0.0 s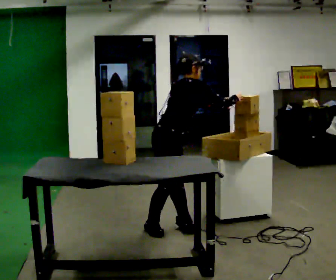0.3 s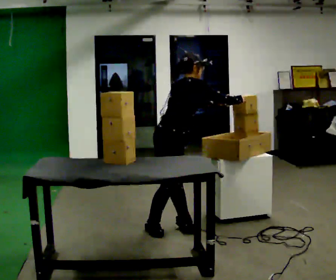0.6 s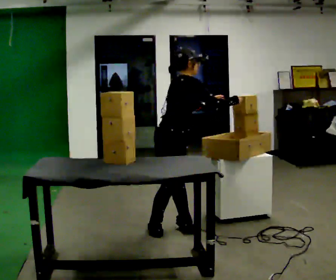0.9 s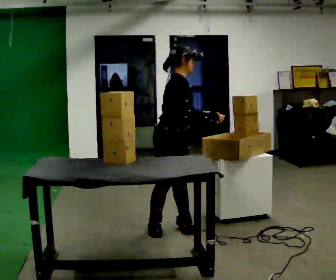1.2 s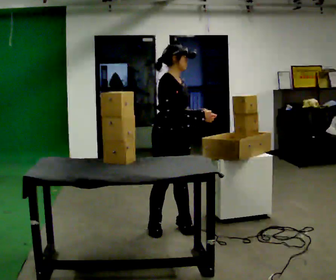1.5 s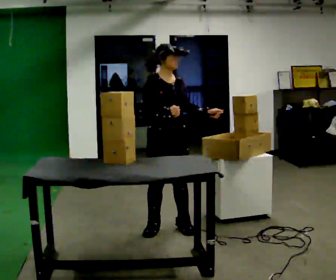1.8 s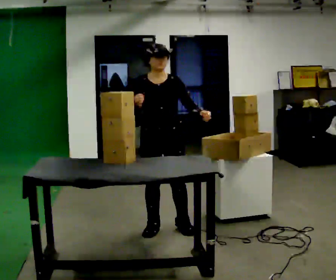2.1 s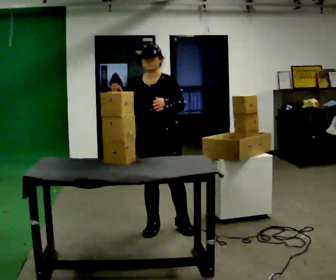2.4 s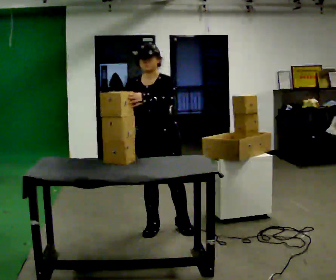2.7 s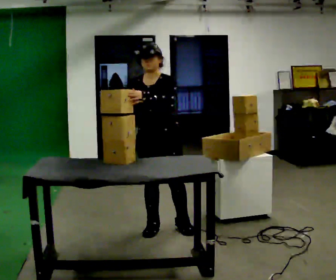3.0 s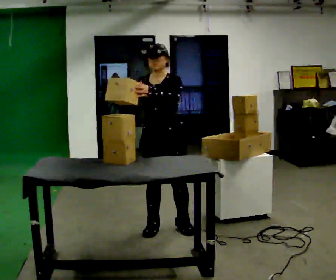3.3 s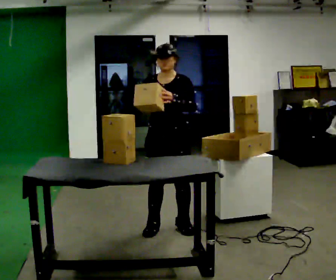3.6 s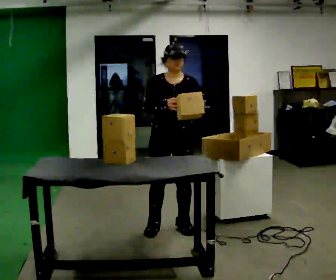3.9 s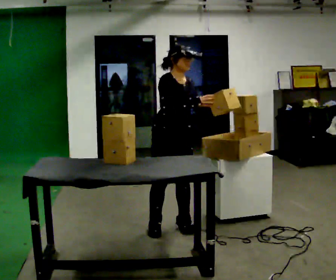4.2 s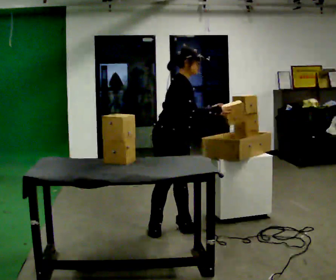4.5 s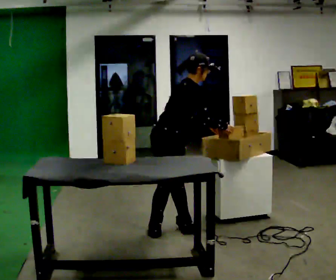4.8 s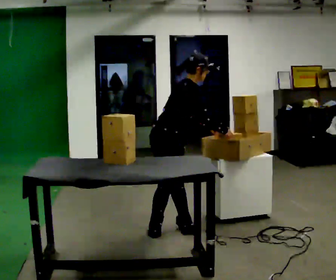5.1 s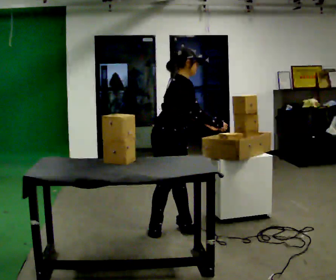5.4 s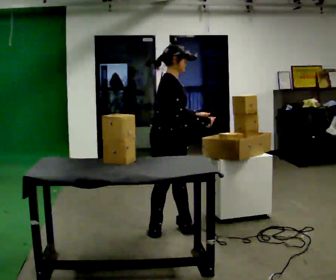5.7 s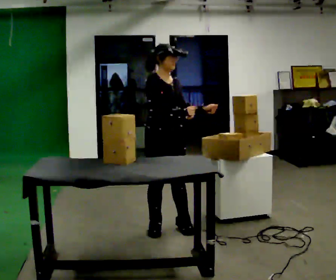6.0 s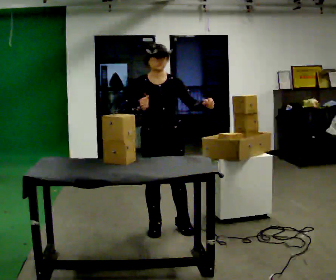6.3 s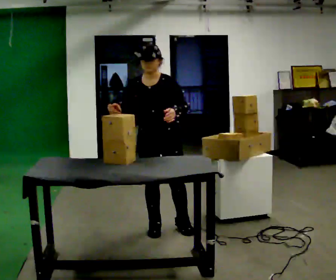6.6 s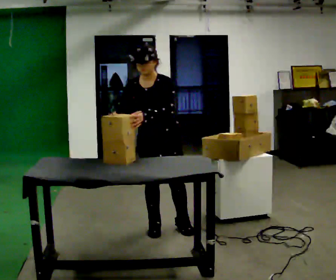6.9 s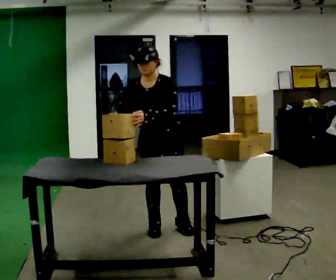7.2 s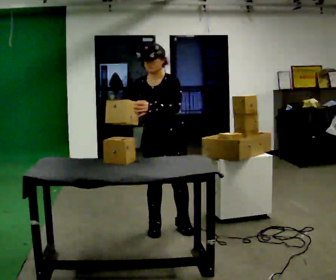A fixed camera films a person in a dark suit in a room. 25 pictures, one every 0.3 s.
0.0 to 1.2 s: The part of the body nearest the lens slides to the left as the person turns to their right by about 30 degrees. In the picture the upper body tilts counterclockwise, shoulders to the left, as they lean back or straighten. In the picture their right hand goes to the left.
1.2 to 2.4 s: Seen from above the body turns clockwise, about 75 degrees: to their right, with its near side sliding to the left. In the picture their left hand goes to the left.
2.4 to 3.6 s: In the picture their left hand goes to the right.
3.6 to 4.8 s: The part of the body nearest the lens slides to the right as the person turns to their left by about 90 degrees. In the picture the upper body tilts clockwise, shoulders to the right, as they bend forward.
4.8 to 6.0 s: Seen from above the body turns clockwise, about 60 degrees: to their right, with its near side sliding to the left. In the picture the upper body tilts counterclockwise, shoulders to the left, as they lean back or straighten. In the picture their right hand goes to the left.
6.0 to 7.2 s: The part of the body nearest the lens slides to the left as the person turns to their right by about 30 degrees. In the picture their left hand goes to the left.
The film runs backward here.
